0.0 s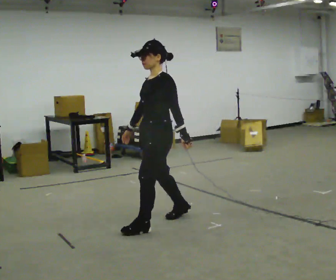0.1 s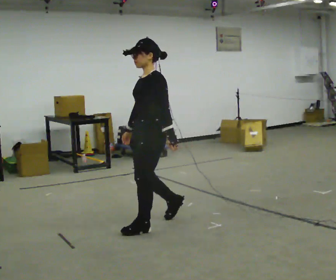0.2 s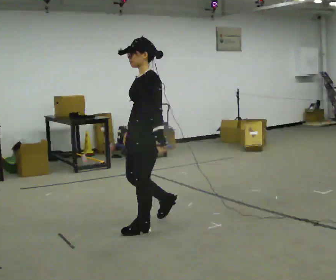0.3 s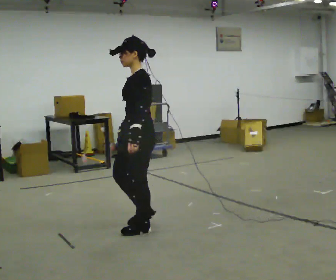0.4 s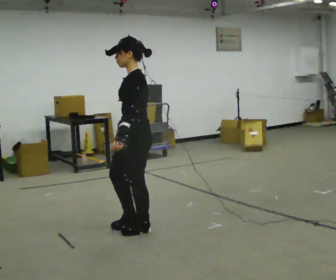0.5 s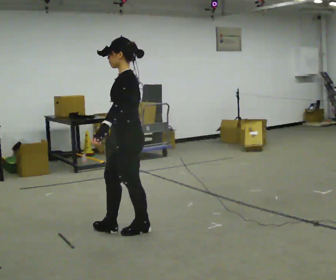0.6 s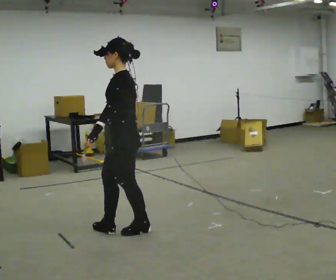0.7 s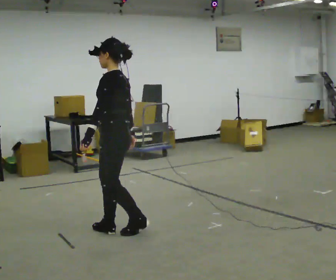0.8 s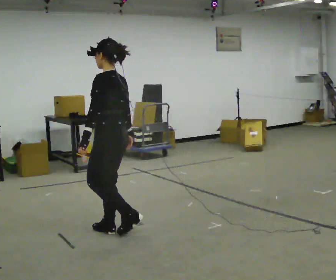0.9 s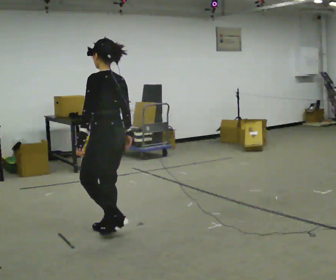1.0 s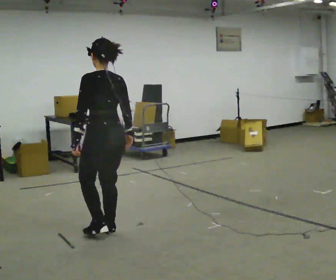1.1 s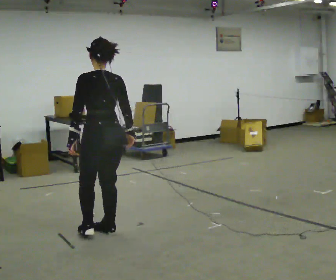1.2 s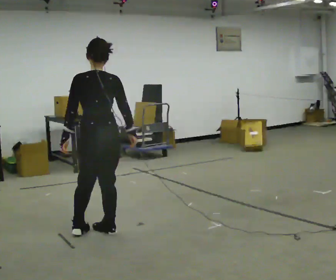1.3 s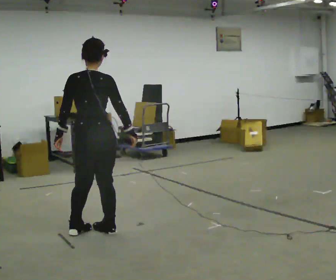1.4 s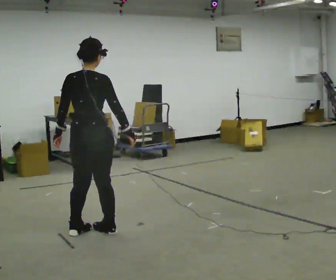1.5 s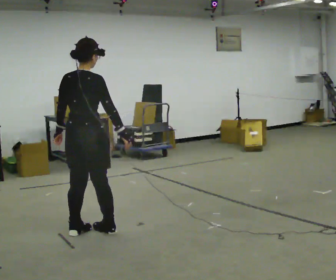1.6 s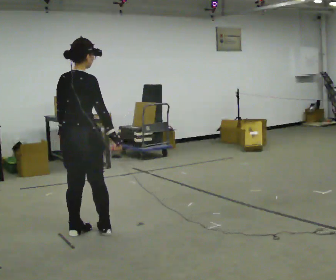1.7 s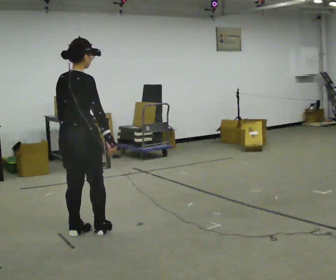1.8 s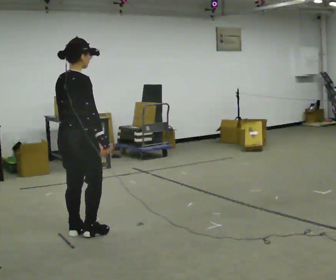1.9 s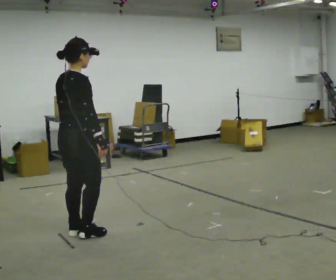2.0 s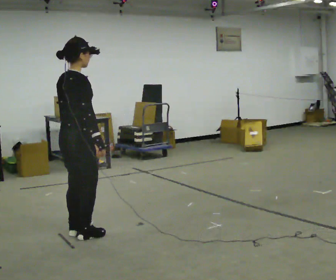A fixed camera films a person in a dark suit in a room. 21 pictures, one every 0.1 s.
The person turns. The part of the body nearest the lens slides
to the left.
The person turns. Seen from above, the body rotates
clockwise.
0.0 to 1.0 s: The person turns about 75 degrees to their right, clockwise seen from above, so the part of the body nearest the lens slides to the left. In the picture they go to the left, about 0.5 m in 1 step.
1.0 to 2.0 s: The part of the body nearest the lens slides to the left as the person turns to their right by about 90 degrees. In the picture they go to the left, about 0.25 m in 2 steps.
The film runs forward here.
